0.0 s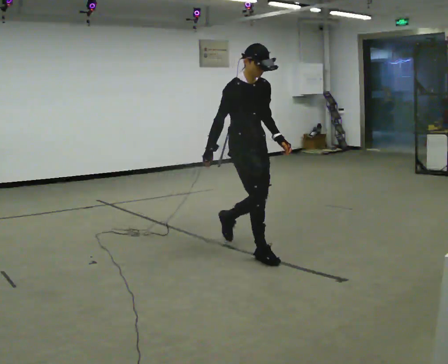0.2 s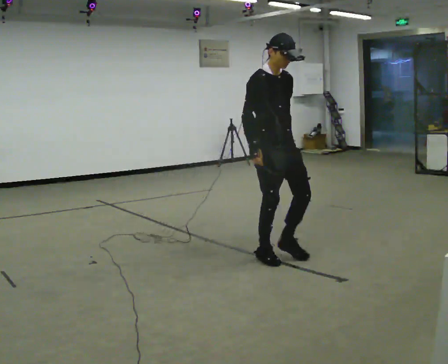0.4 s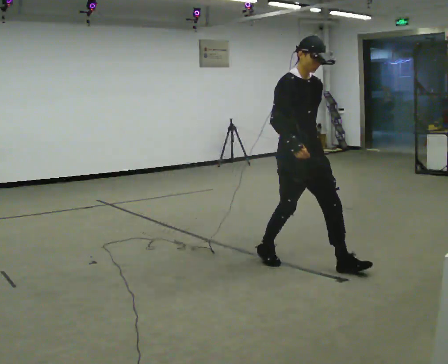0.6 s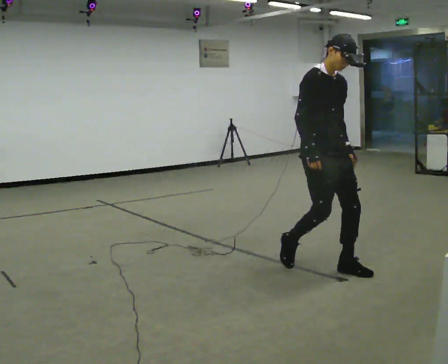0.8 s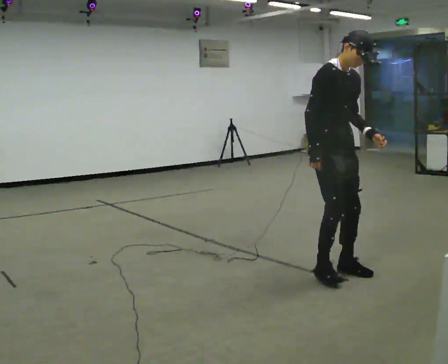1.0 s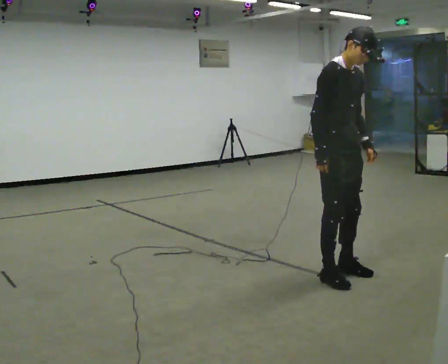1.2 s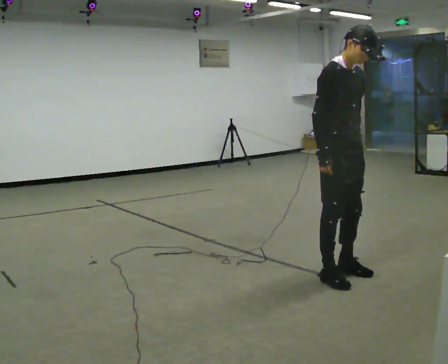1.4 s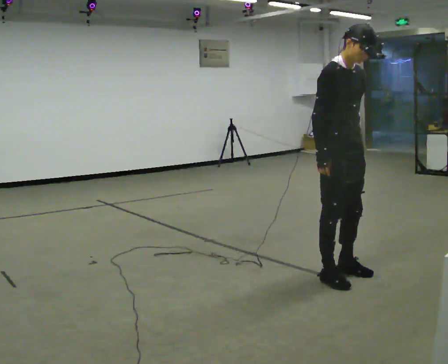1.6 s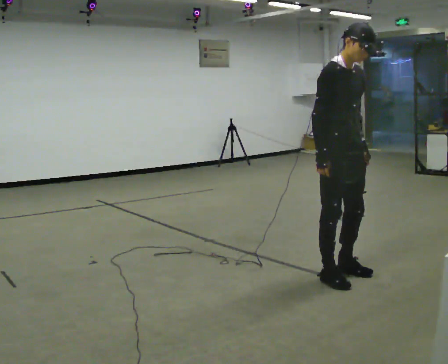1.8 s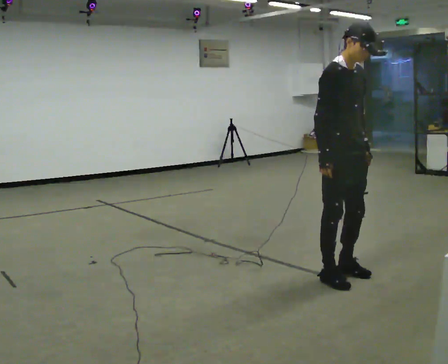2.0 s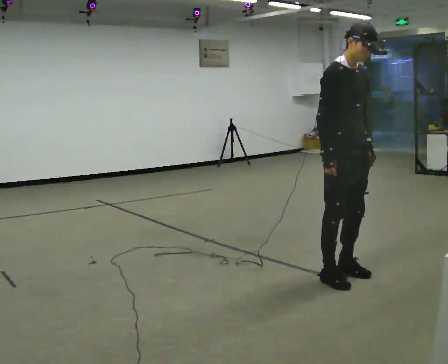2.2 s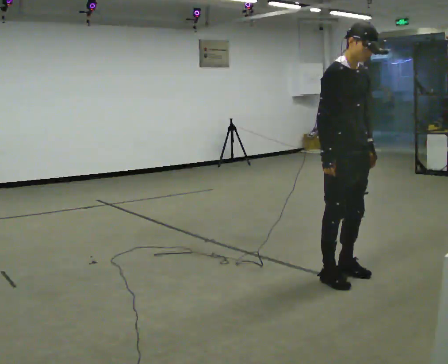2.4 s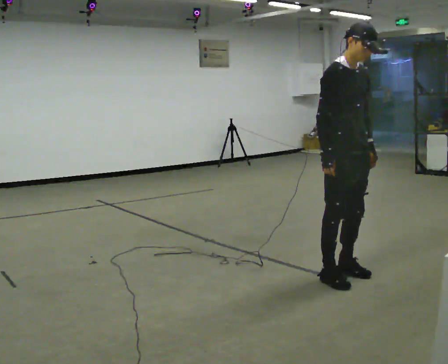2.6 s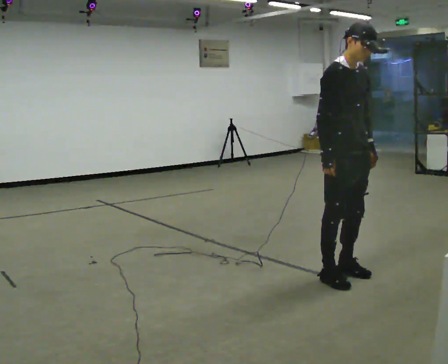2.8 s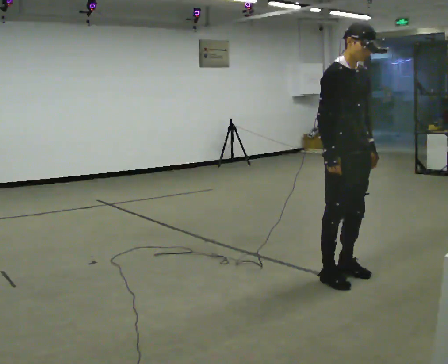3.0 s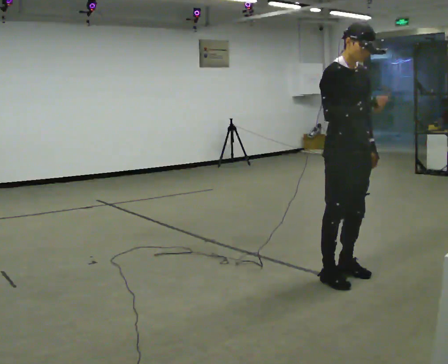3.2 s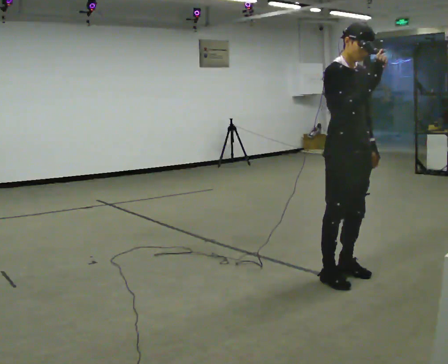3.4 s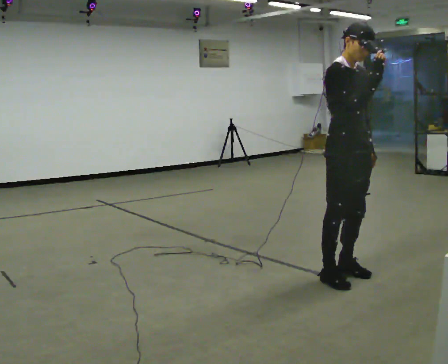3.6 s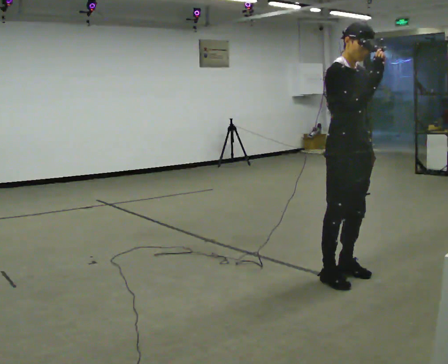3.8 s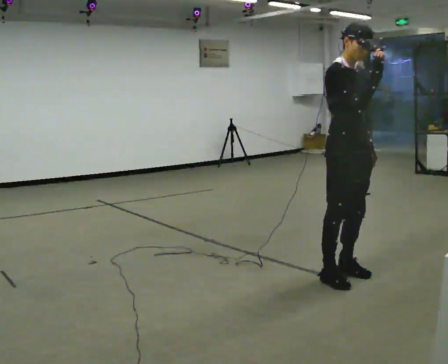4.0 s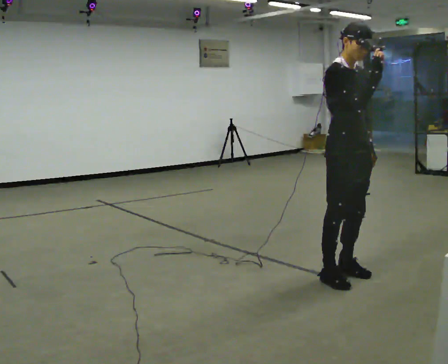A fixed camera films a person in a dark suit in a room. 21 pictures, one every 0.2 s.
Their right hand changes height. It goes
upward.
0.0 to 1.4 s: In the picture they go toward the camera and to the right, about 1 m in 2 steps, which for them is forward.
1.4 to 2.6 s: The person moves a little, or ends about where they began.
2.6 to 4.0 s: In the picture their right hand goes upward and to the right.
The film runs forward here.
